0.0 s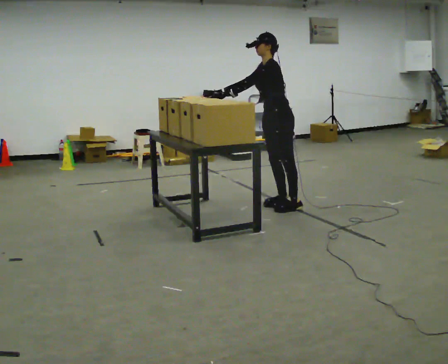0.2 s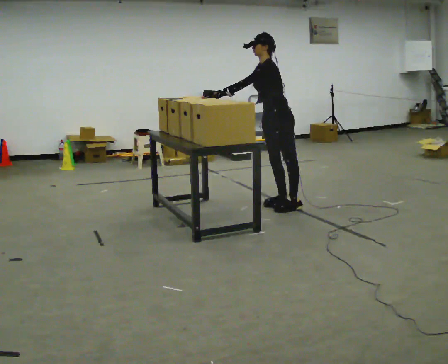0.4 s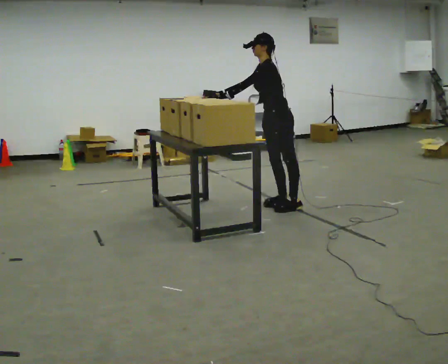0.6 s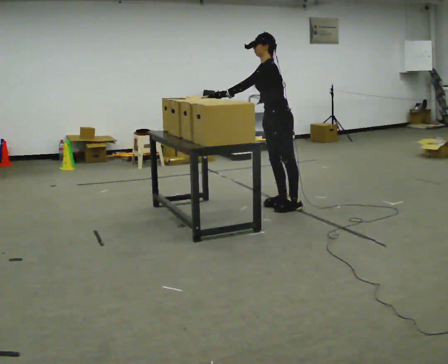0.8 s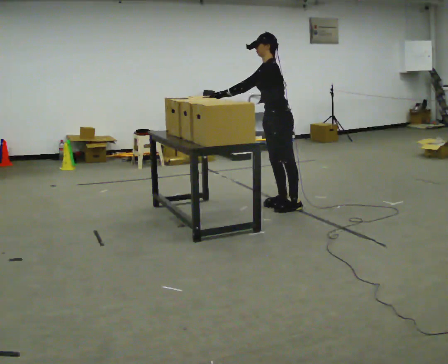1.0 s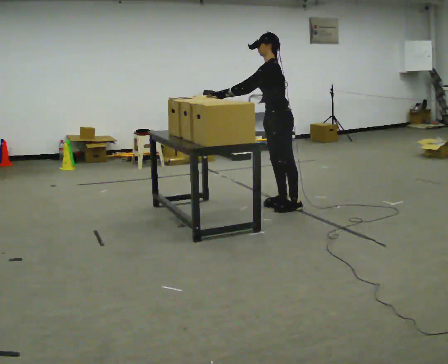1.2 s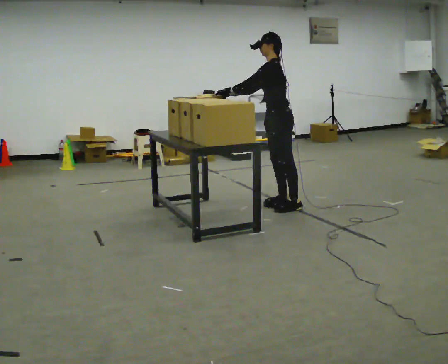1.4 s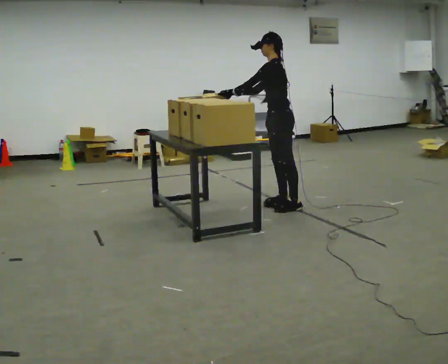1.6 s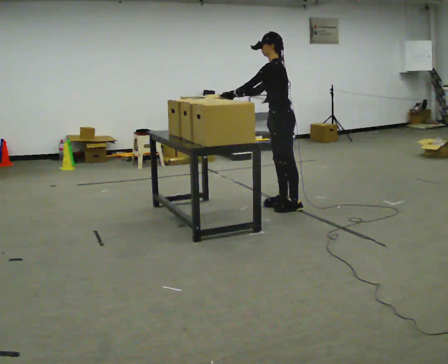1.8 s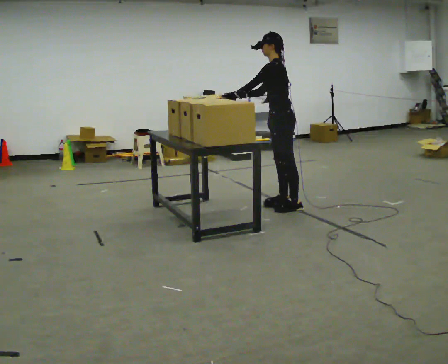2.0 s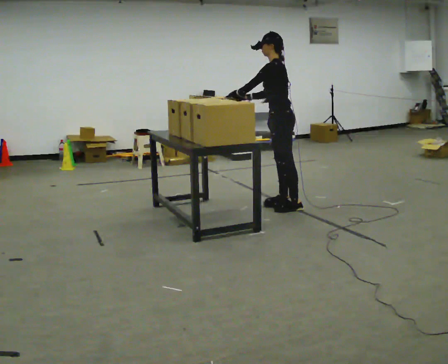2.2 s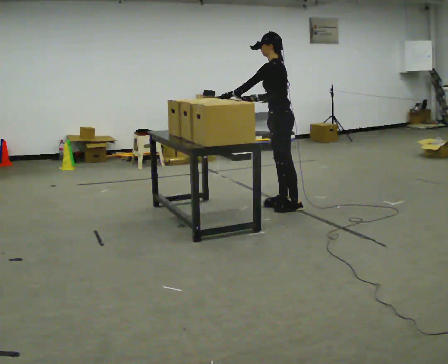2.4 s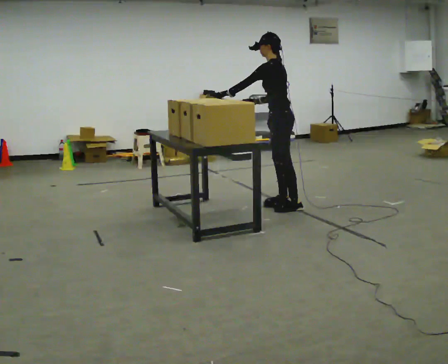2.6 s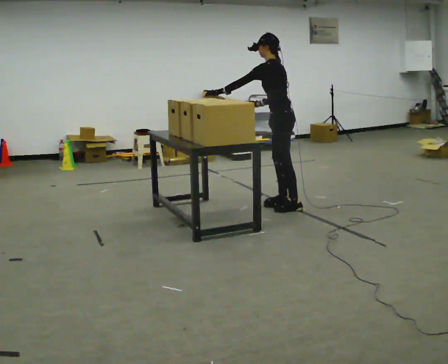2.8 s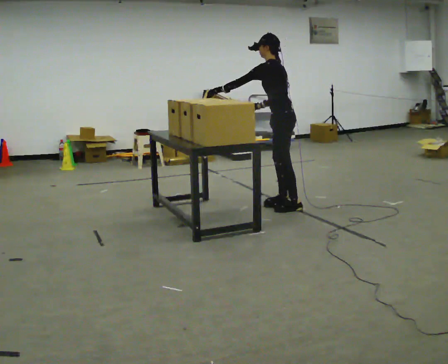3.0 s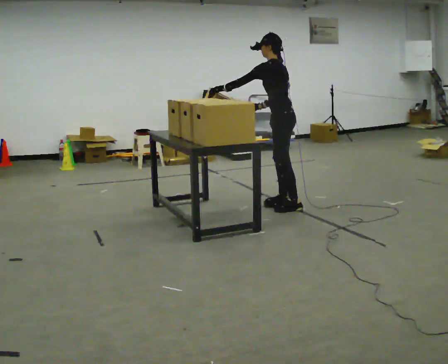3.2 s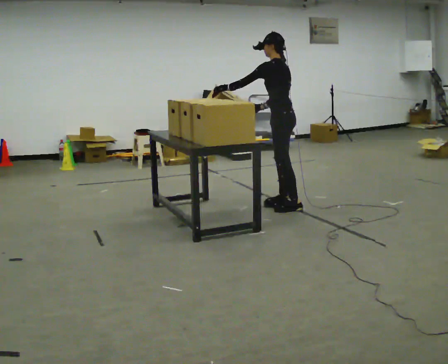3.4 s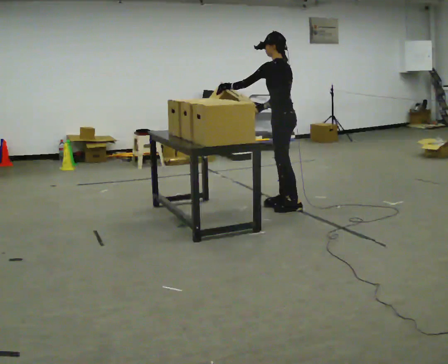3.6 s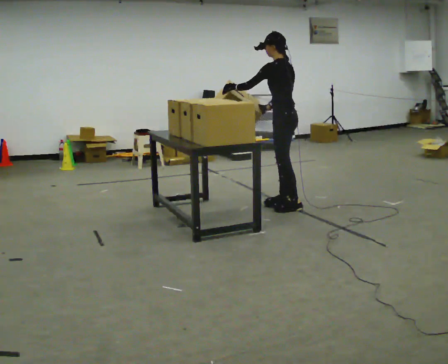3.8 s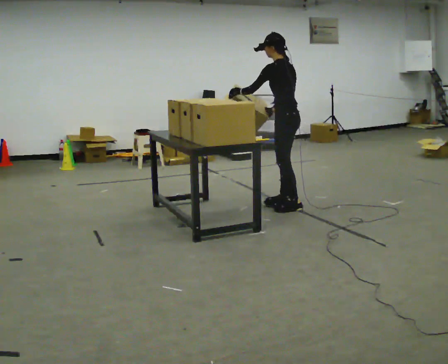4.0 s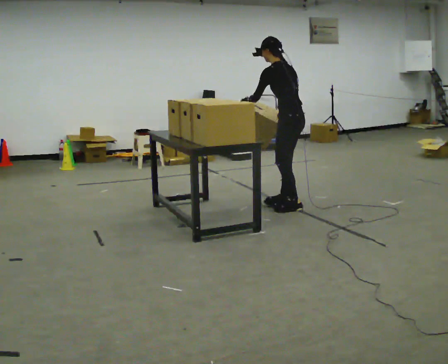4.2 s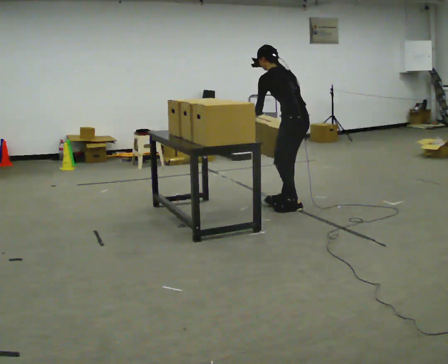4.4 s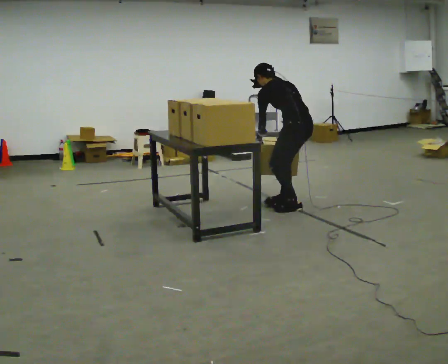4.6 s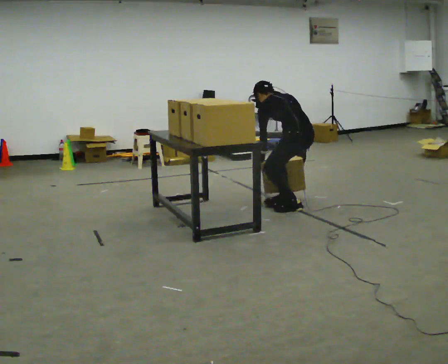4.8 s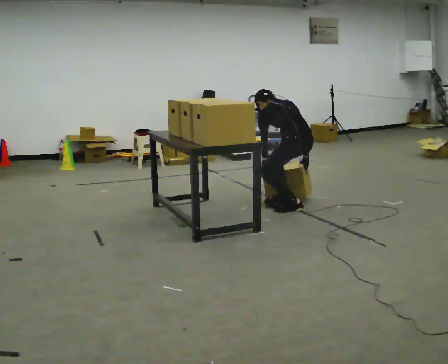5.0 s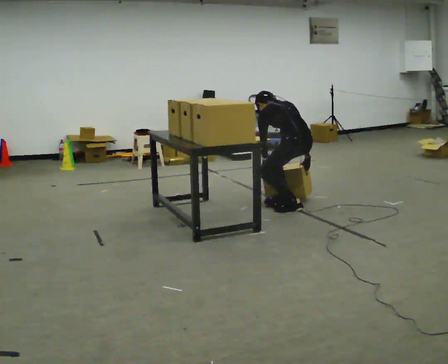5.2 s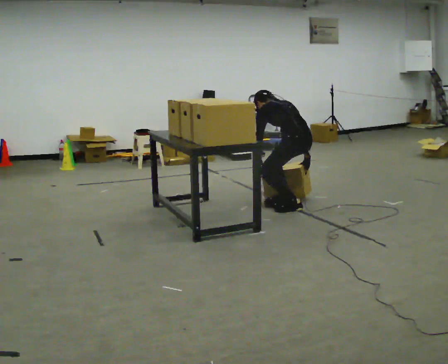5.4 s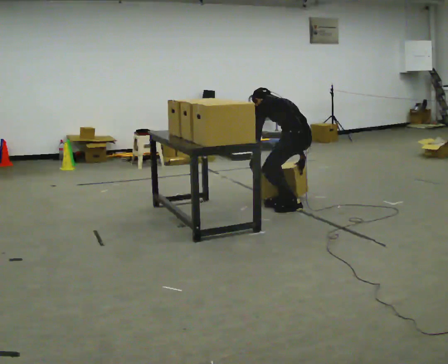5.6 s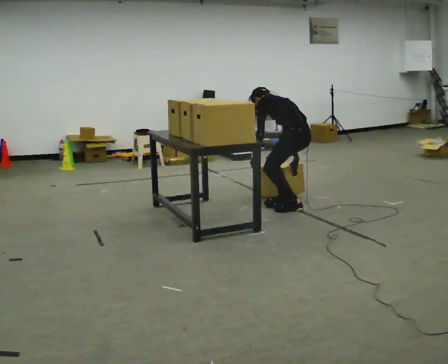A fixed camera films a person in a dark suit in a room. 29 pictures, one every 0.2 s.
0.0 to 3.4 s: The part of the body nearest the lens slides to the left as the person turns to their right by about 45 degrees. In the picture their right hand goes to the right, the arm swinging counterclockwise.
3.4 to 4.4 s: The part of the body nearest the lens slides to the left as the person turns to their right by about 30 degrees. The shoulders move downward. The upper body tips away from the camera, its near side rolling upward, as they bend forward. In the picture their left hand goes downward, the arm swinging counterclockwise.
4.4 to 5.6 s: The upper body tips away from the camera, its near side rolling upward, as they bend forward.
The film runs backward here.
